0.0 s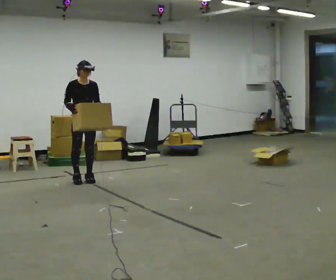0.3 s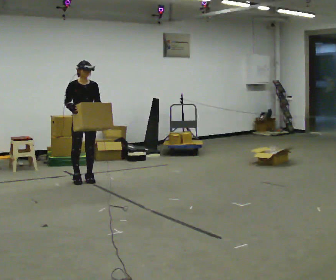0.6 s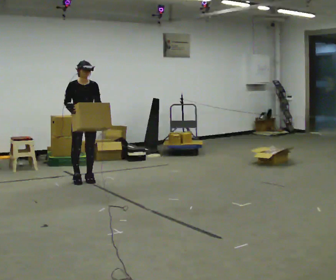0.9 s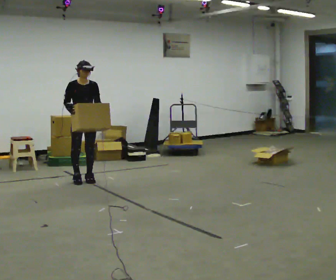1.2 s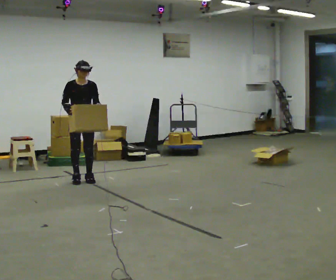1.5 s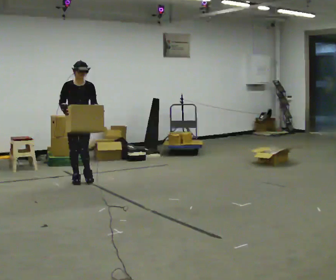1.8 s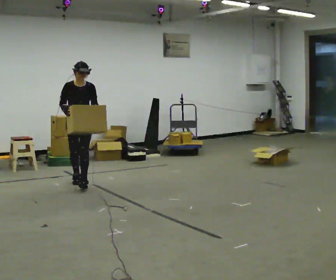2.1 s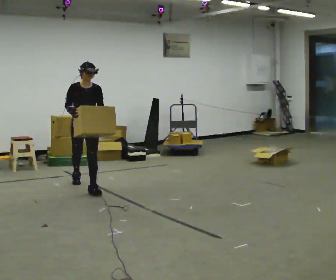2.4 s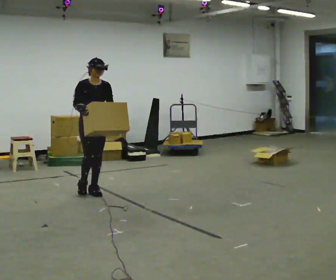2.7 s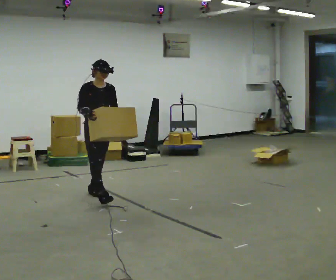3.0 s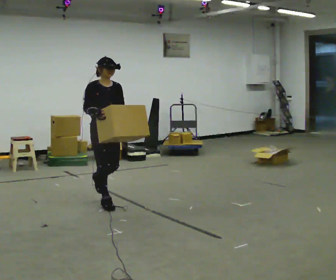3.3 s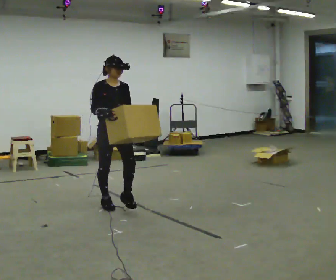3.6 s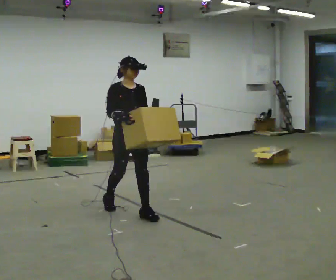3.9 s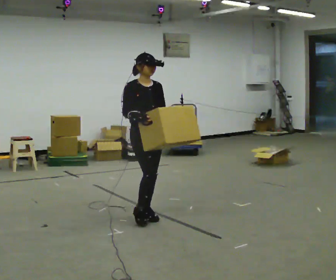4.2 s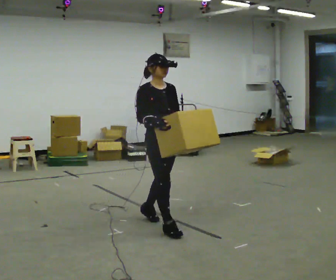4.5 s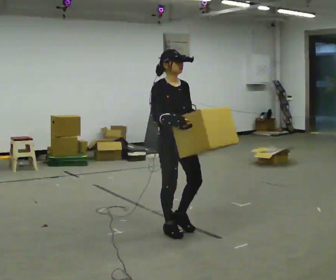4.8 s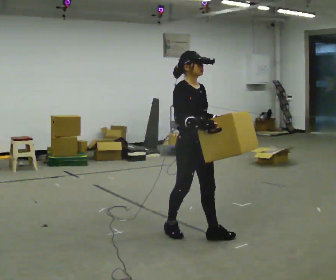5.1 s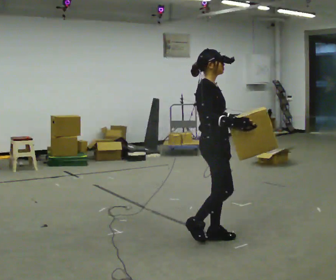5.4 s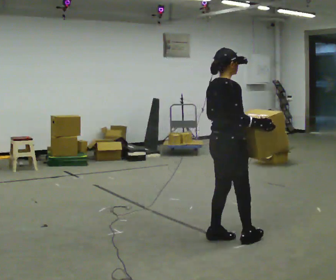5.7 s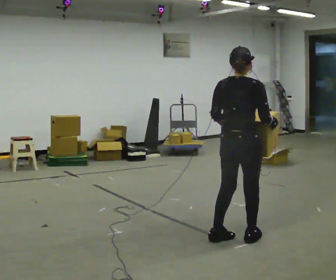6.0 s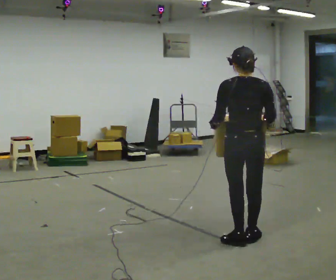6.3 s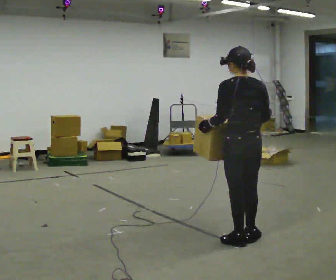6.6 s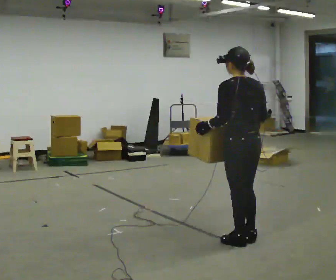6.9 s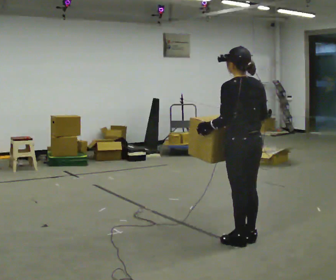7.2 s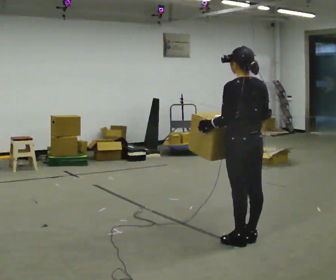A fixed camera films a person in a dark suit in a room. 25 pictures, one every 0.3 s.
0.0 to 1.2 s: The person moves a little, or ends about where they began.
1.2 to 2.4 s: In the picture they go toward the camera and to the right, about 0.5 m in 1 step, which for them is forward.
2.4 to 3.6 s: In the picture they go toward the camera and to the right, about 1 m in 2 steps, which for them is forward.
3.6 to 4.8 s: In the picture they go toward the camera and to the right, about 1 m in 2 steps, which for them is forward.
4.8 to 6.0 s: The part of the body nearest the lens slides to the right as the person turns to their left by about 120 degrees. In the picture they go to the right and toward the camera, about 0.5 m in 2 steps.
6.0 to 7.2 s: Seen from above the body turns counterclockwise, about 30 degrees: to their left, with its near side sliding to the right.
The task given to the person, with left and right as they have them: Carry the box across the room, stopping and starting again each time the operator says stop and go. Do not set the box down.
The film runs forward here.
